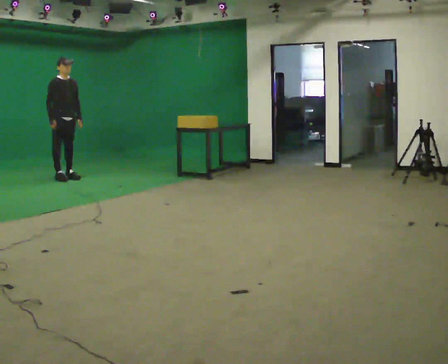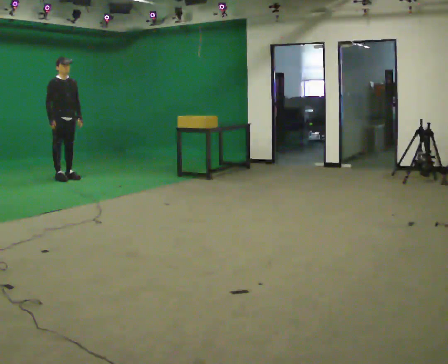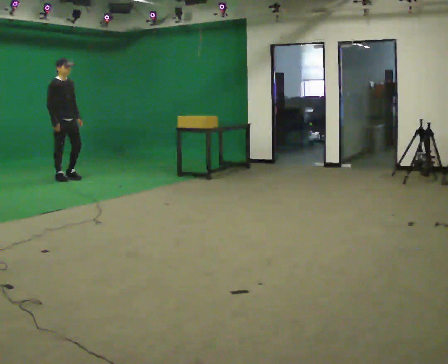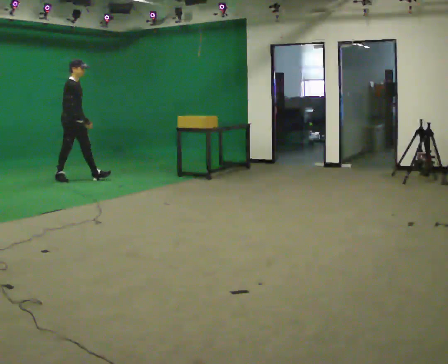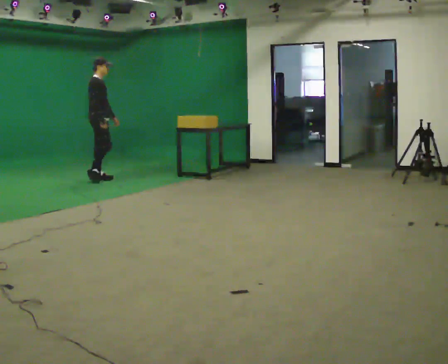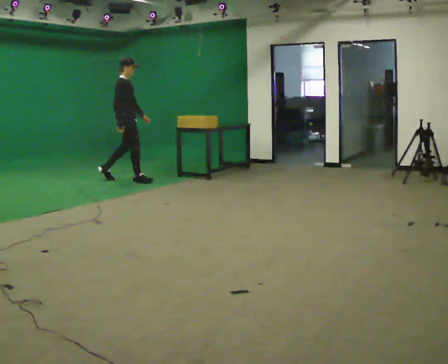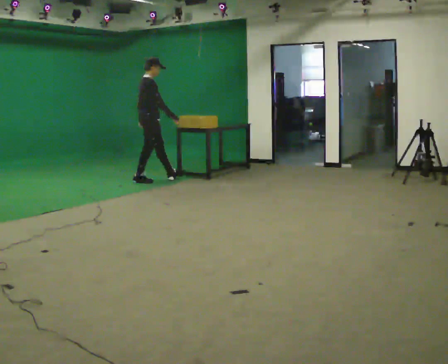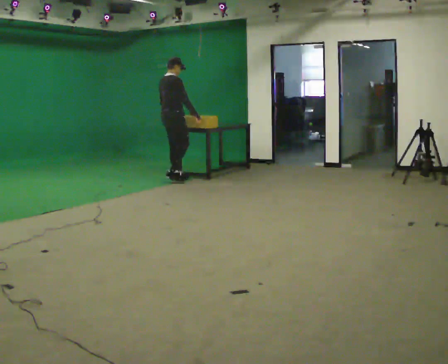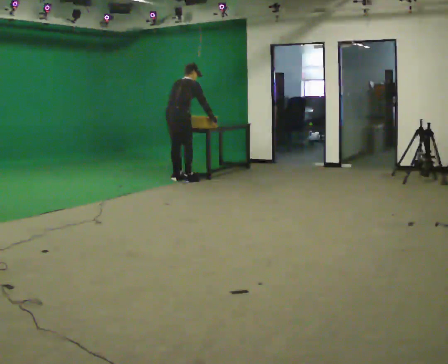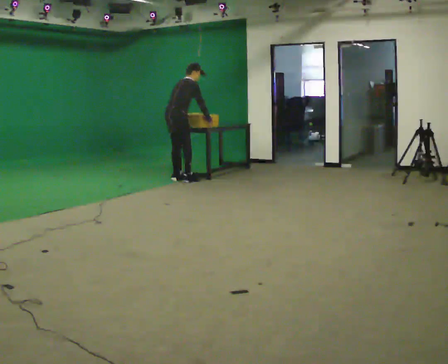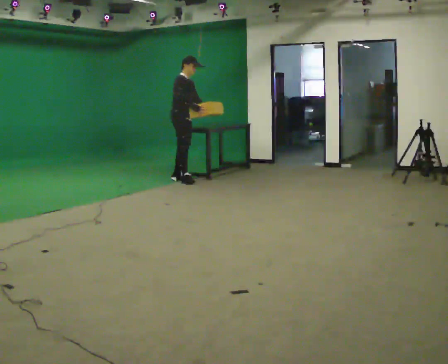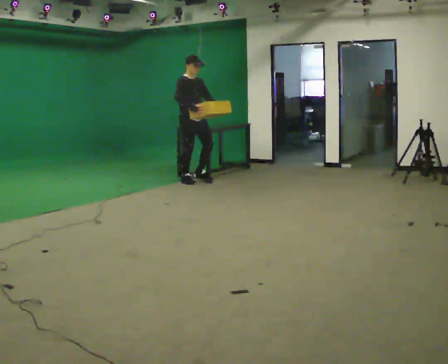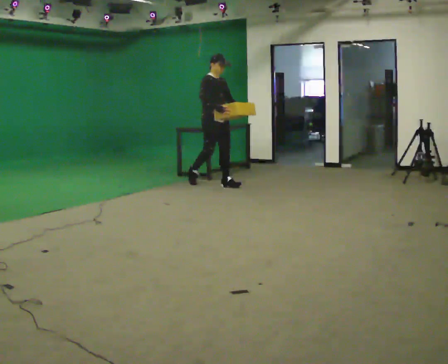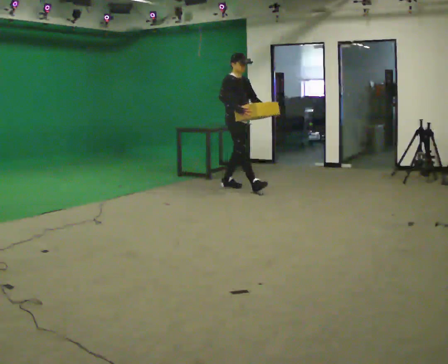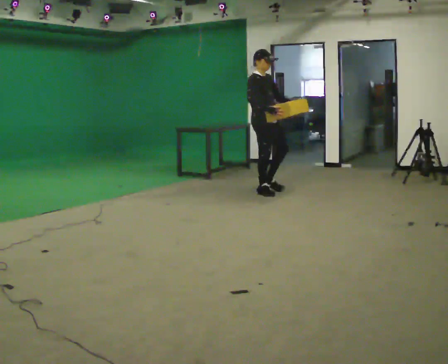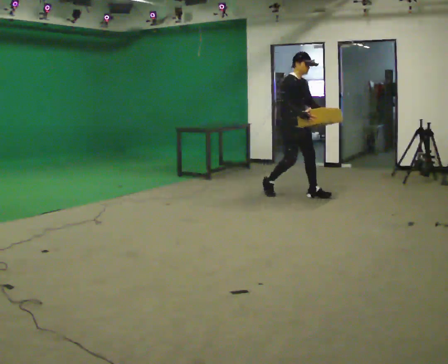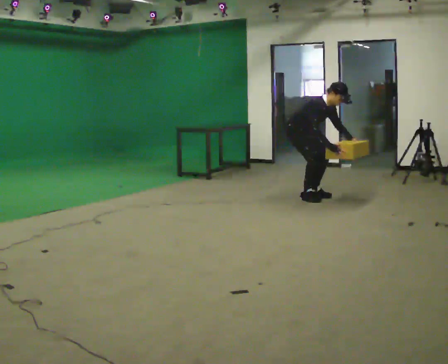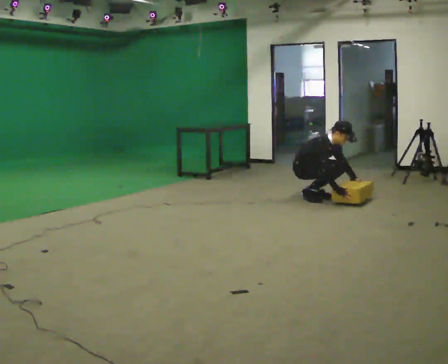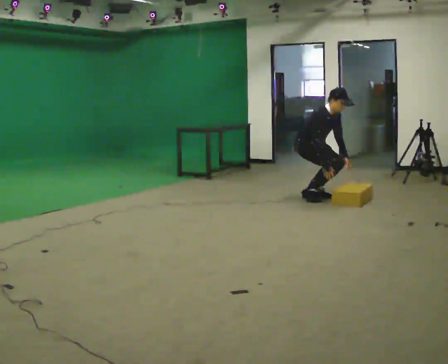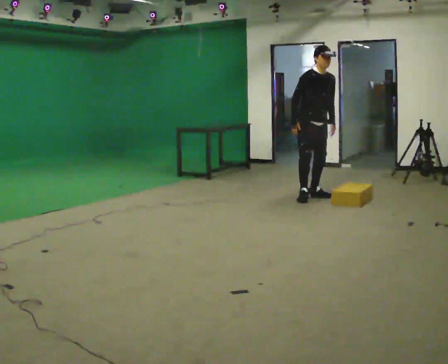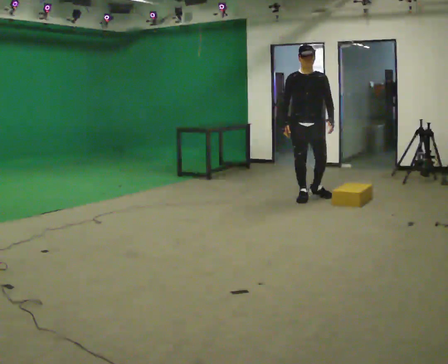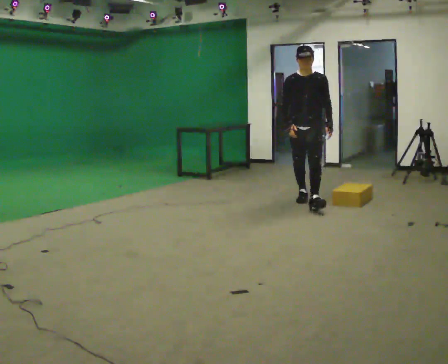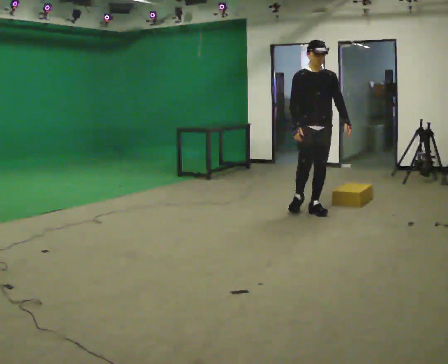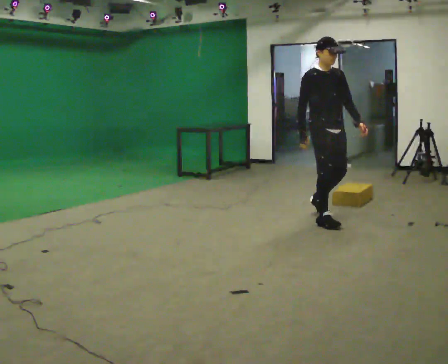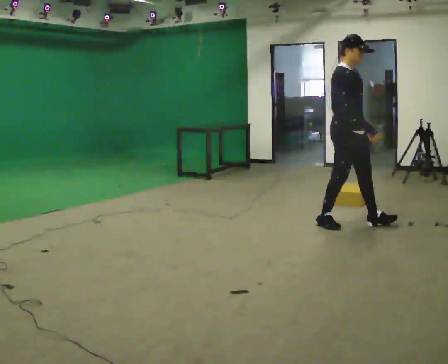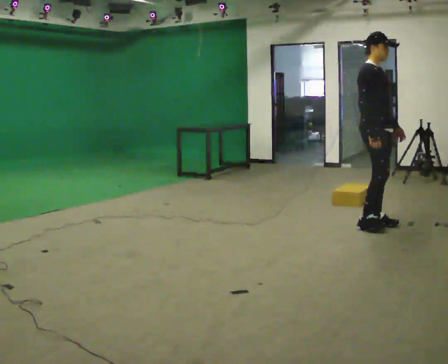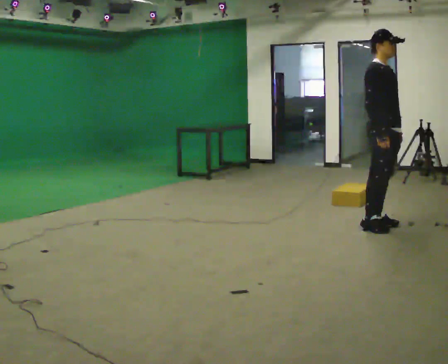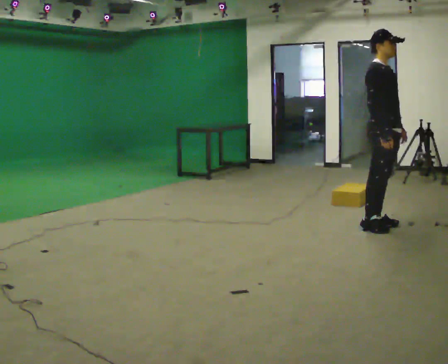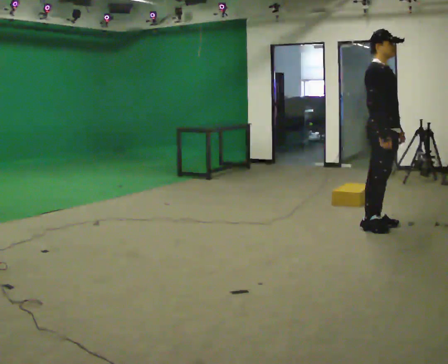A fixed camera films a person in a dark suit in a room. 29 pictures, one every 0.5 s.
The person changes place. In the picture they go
to the right.
0.0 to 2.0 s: Seen from above the body turns counterclockwise, about 45 degrees: to their left, with its near side sliding to the right. In the picture they go to the right, about 0.5 m in 1 step, which for them is forward.
2.0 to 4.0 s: The part of the body nearest the lens slides to the right as the person turns to their left by about 60 degrees. In the picture they go to the right, about 1 m in 3 steps, which for them is forward. The upper body tips away from the camera, its near side rolling upward, as they bend forward.
4.0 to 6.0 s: Seen from above the body turns clockwise, about 105 degrees: to their right, with its near side sliding to the left. In the picture they go to the right and toward the camera, about 0.5 m in 1 step. The upper body tips toward the camera, its near side rolling downward, as they lean back or straighten.
6.0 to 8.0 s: In the picture they go to the right and toward the camera, about 1 m in 3 steps, which for them is forward. The shoulders move downward. In the picture the upper body tilts clockwise, shoulders to the right, as they bend forward. In the picture their right hand goes downward.
8.0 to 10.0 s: Seen from above the body turns clockwise, about 60 degrees: to their right, with its near side sliding to the left. In the picture the upper body tilts counterclockwise, shoulders to the left, as they lean back or straighten. In the picture their right hand goes to the left.
10.0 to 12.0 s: The person turns about 60 degrees to their left, counterclockwise seen from above, so the part of the body nearest the lens slides to the right. In the picture they go toward the camera, about 1 m in 3 steps.
12.0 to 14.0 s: In the picture they go to the right, about 0.25 m in 1 step, which for them is forward.
The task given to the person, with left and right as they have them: Walk quickly but do not run; remain comfortable and controlled; stop.
The film runs forward here.
